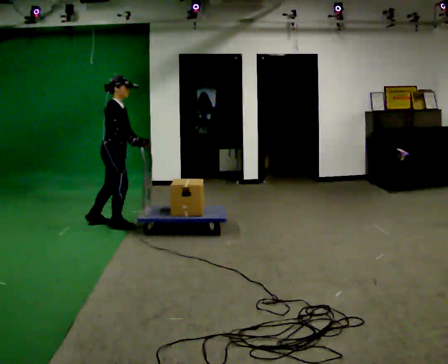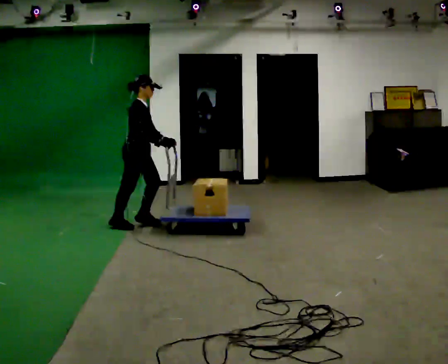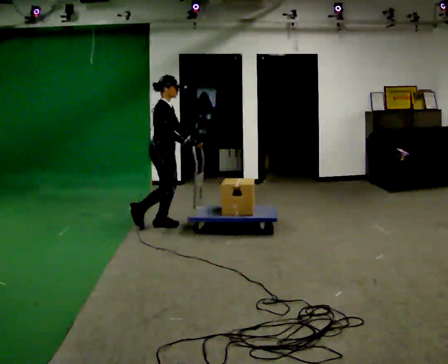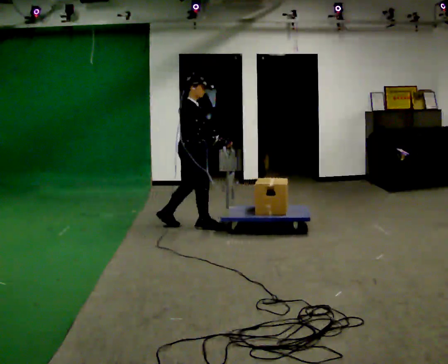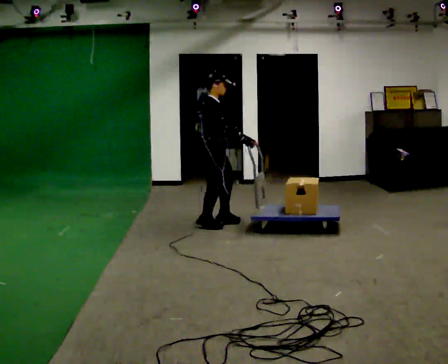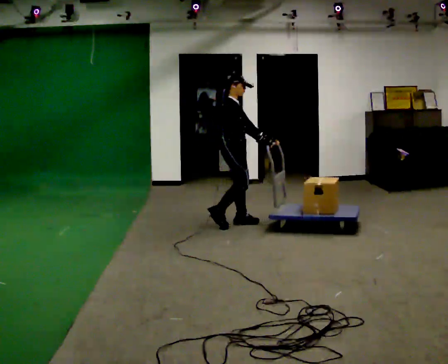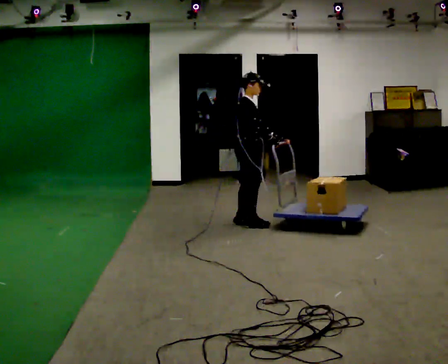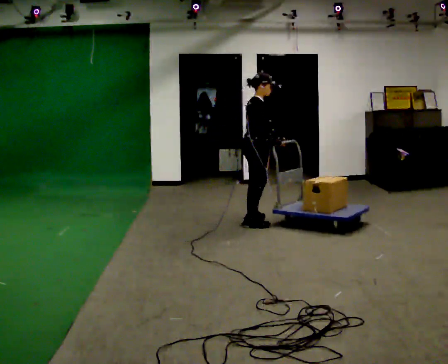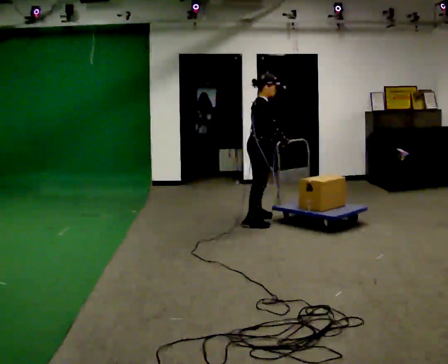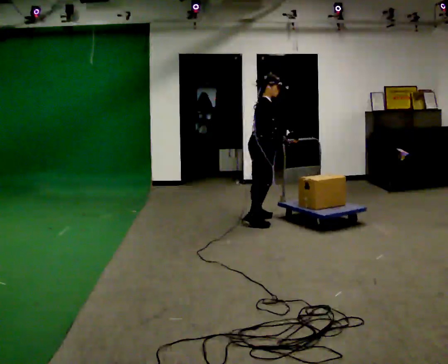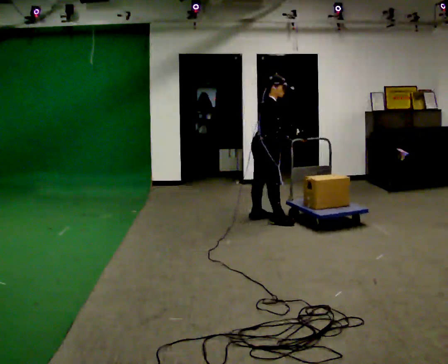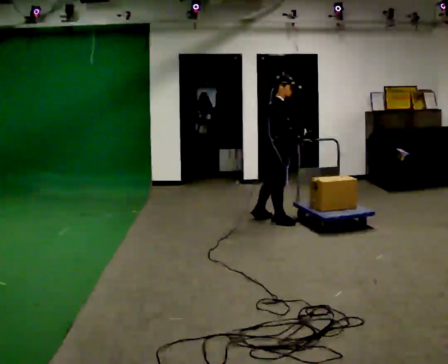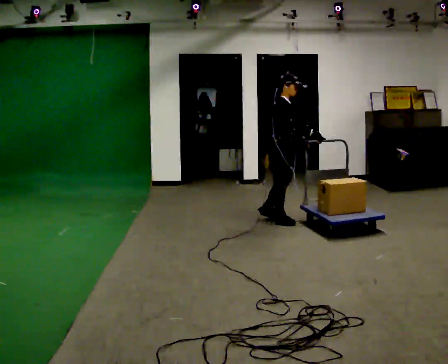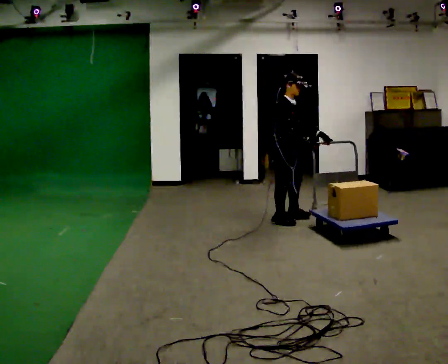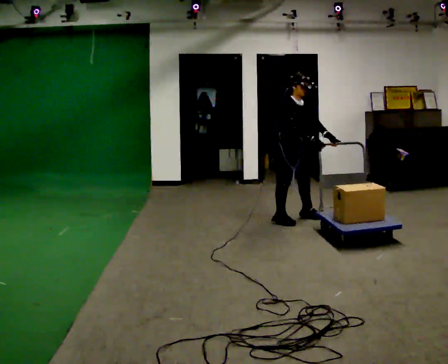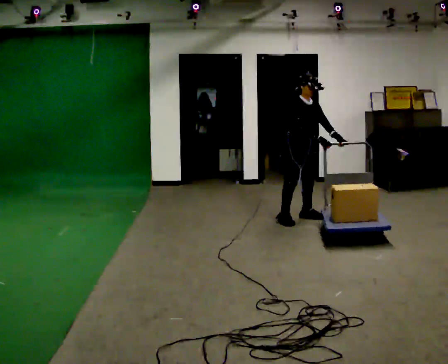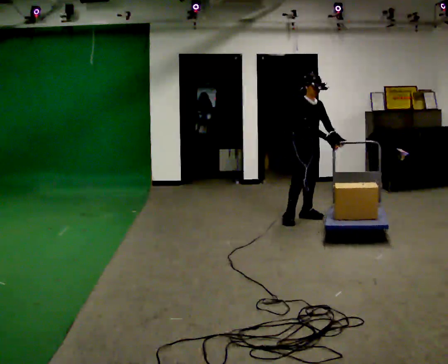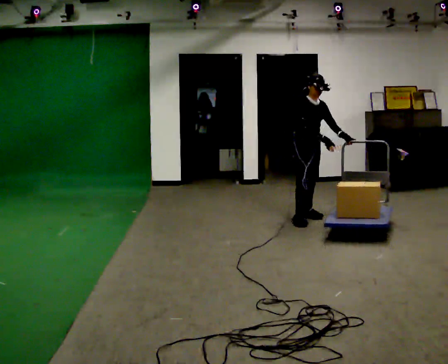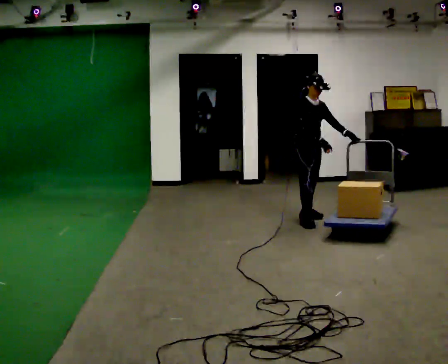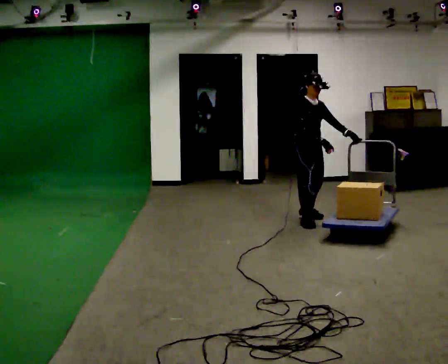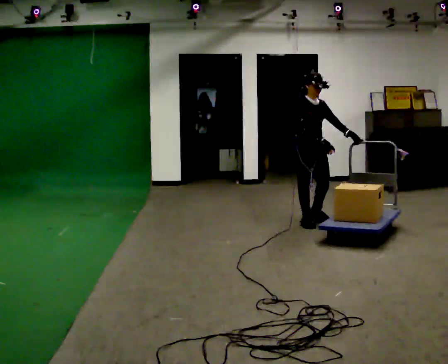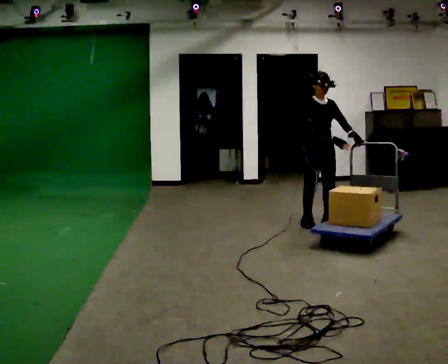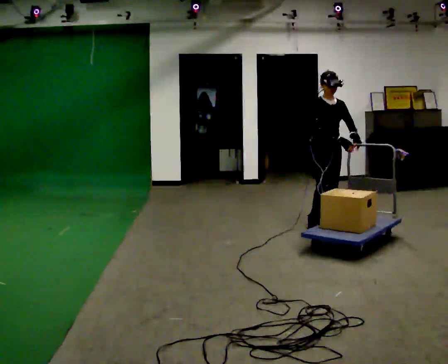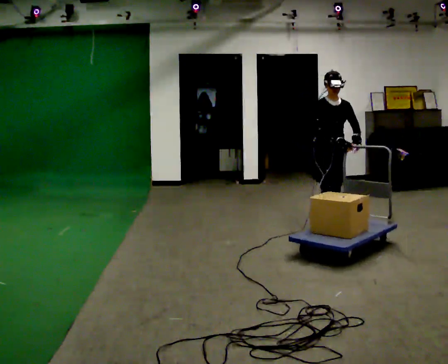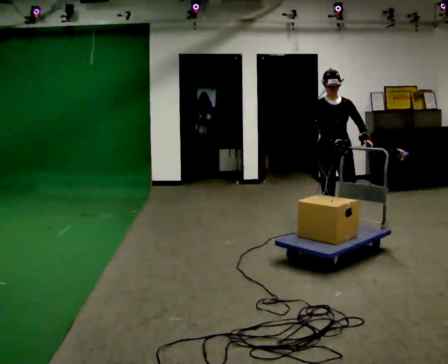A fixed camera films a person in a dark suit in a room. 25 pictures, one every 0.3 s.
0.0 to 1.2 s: In the picture they go to the right, about 1 m in 2 steps, which for them is forward.
1.2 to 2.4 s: In the picture they go to the right, about 0.5 m in 3 steps, which for them is forward.
2.4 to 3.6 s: In the picture they go to the right, about 0.25 m in 1 step, which for them is forward. In the picture their left hand goes to the right.
3.6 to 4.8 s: Seen from above the body turns clockwise, about 45 degrees: to their right, with its near side sliding to the left. In the picture they go to the right and away from the camera, about 0.25 m in 1 step, which for them is to their left.
4.8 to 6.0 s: In the picture they go toward the camera, about 0.25 m in 1 step, which for them is to their right and forward.
6.0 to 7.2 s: The part of the body nearest the lens slides to the left as the person turns to their right by about 45 degrees. In the picture they go toward the camera and to the right, about 0.5 m in 2 steps, which for them is forward.
The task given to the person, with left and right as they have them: Push the cart across the room and back. The operator will change how much is loaded on it between takes and will tell you each time.
The film runs forward here.
